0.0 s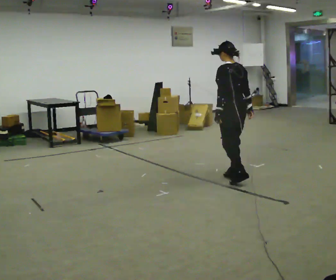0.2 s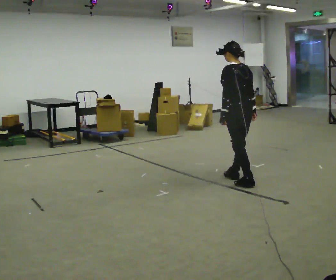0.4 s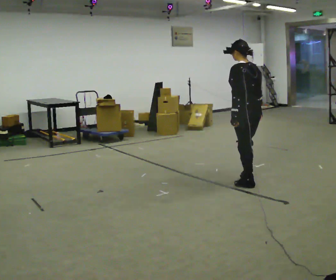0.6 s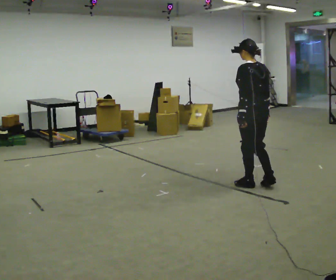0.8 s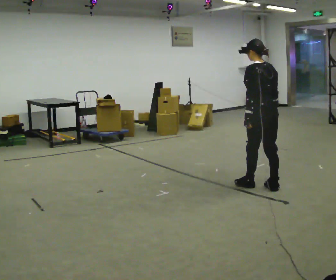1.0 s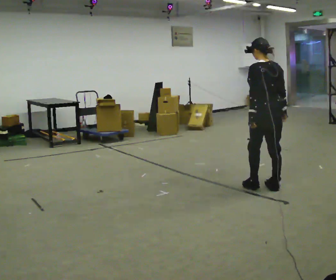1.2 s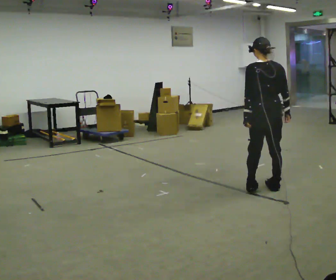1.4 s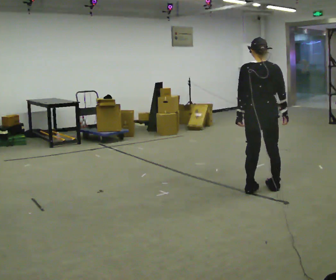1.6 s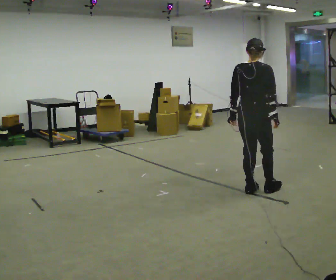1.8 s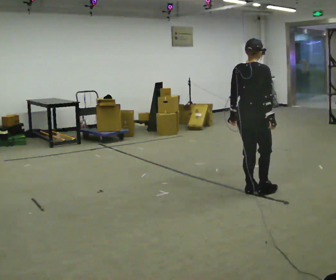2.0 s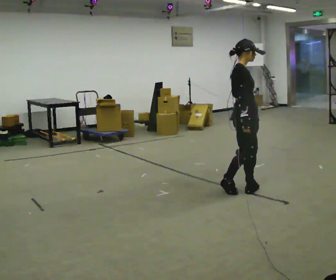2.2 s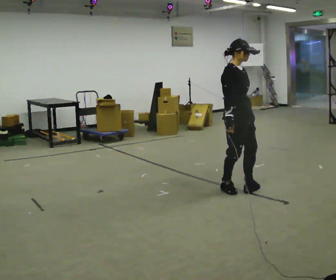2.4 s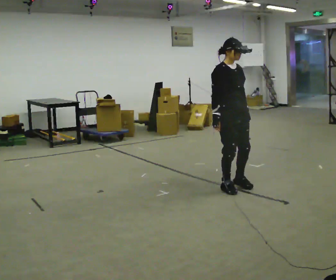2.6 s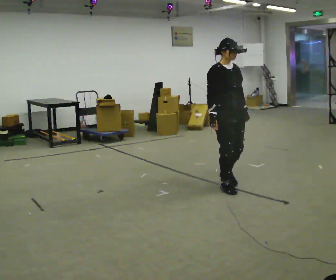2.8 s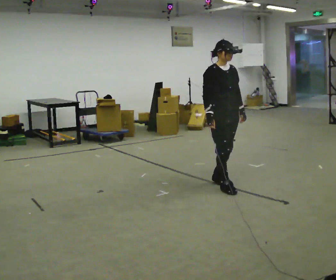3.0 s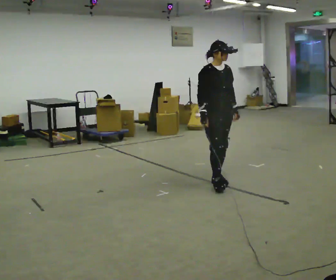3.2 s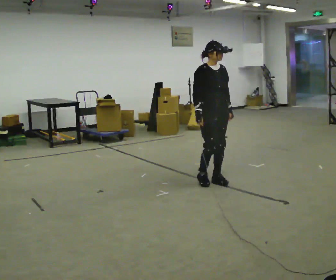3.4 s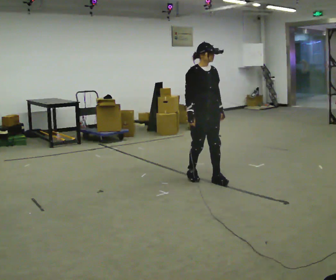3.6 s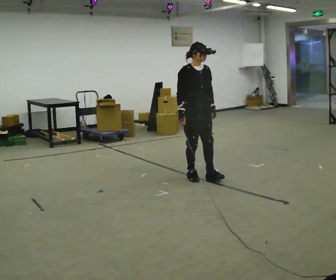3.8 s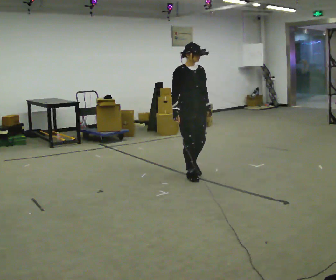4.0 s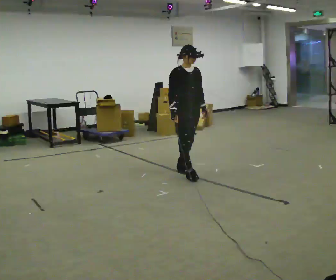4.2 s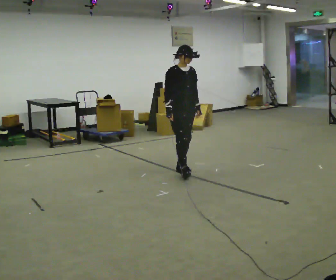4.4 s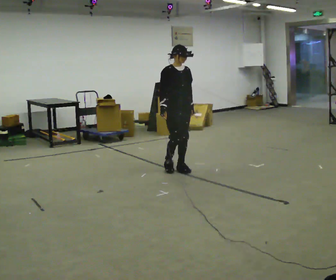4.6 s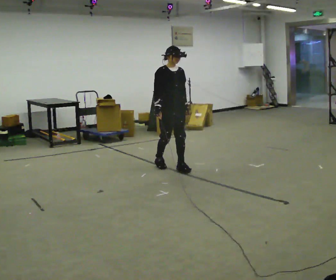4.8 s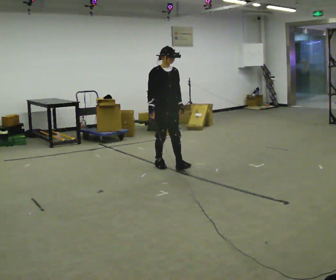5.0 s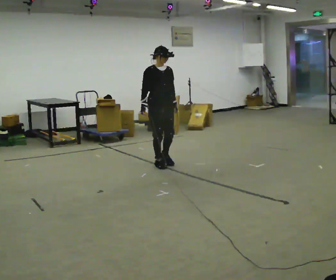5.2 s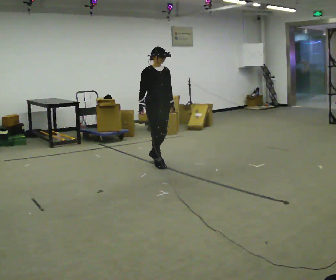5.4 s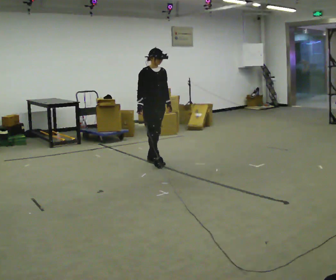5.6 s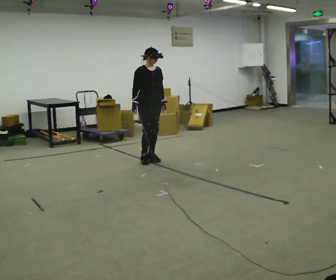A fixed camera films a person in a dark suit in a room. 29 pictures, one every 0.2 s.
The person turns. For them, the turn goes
to their right.
The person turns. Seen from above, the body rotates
clockwise.
0.0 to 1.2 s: Seen from above the body turns clockwise, about 45 degrees: to their right, with its near side sliding to the left. In the picture they go toward the camera and to the right, about 0.5 m in 3 steps, which for them is backward.
1.2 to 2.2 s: The person turns about 135 degrees to their right, clockwise seen from above, so the part of the body nearest the lens slides to the left. In the picture they go to the left, about 0.25 m in 1 step.
2.2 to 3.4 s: In the picture they go away from the camera and to the left, about 0.5 m in 2 steps, which for them is backward.
3.4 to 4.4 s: In the picture they go away from the camera and to the left, about 0.5 m in 1 step, which for them is backward.
4.4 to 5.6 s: In the picture they go away from the camera and to the left, about 0.75 m in 2 steps, which for them is backward.
The film runs forward here.
